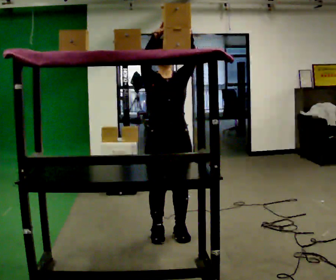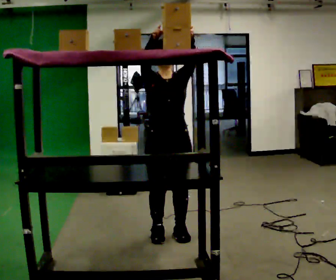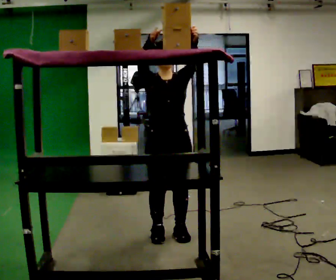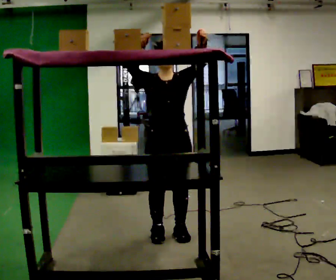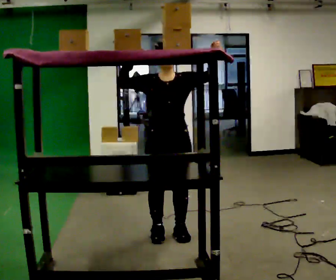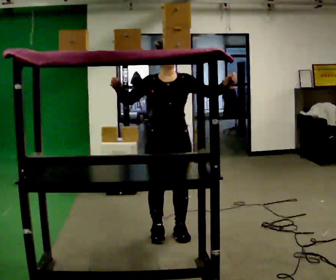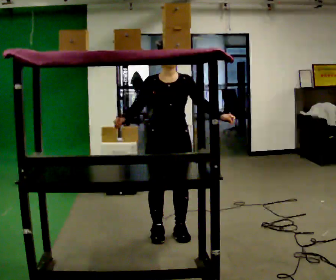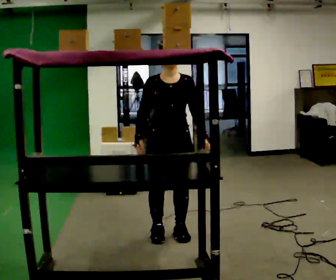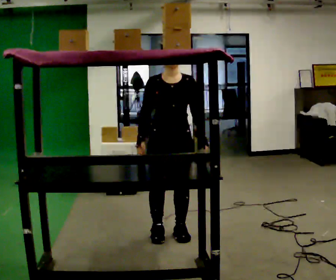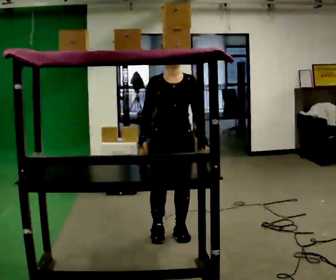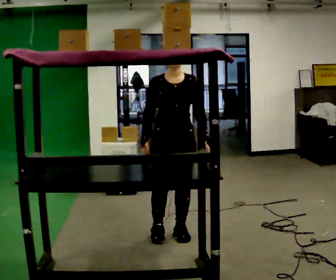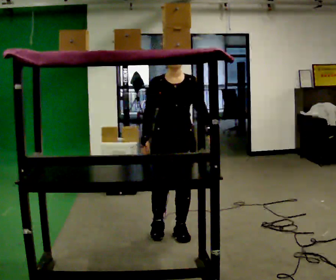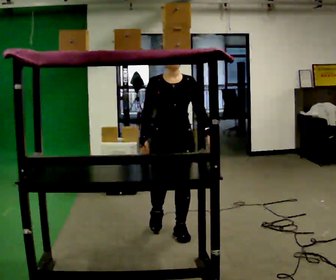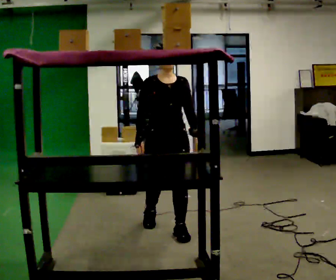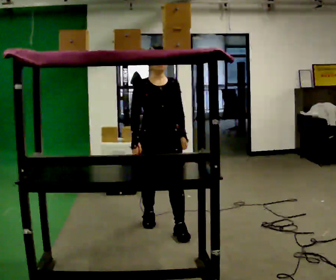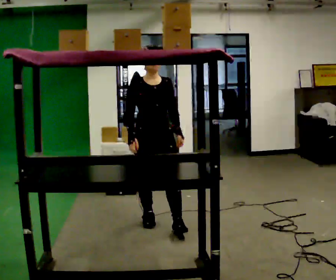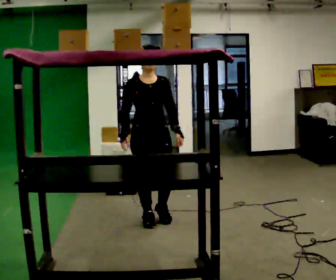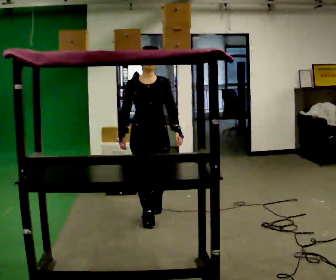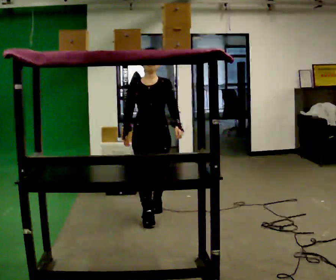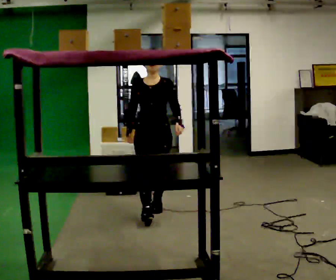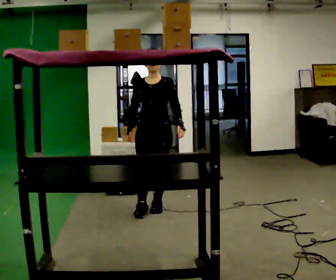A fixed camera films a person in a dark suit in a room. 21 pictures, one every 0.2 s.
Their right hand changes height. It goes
downward.
The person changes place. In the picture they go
away from the camera.
0.0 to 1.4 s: In the picture their right hand goes downward, the arm swinging counterclockwise.
1.4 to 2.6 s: The person moves a little, or ends about where they began.
2.6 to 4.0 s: In the picture they go away from the camera, about 0.75 m in 2 steps, which for them is backward.
The film runs backward here.
